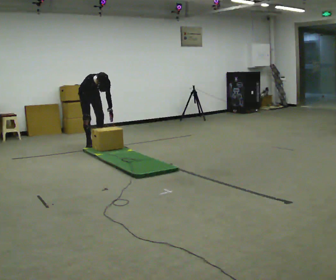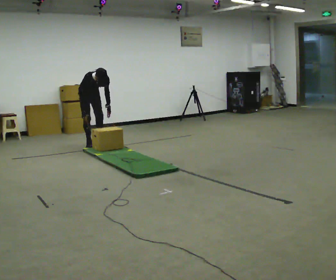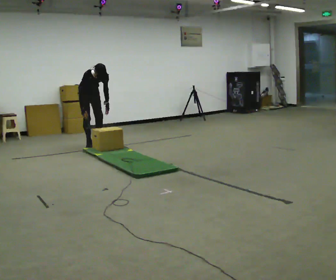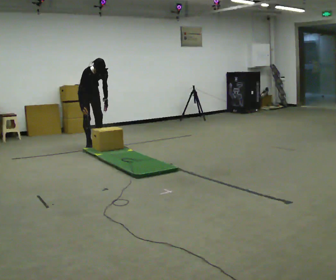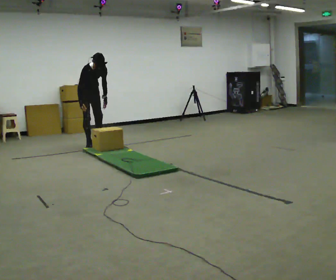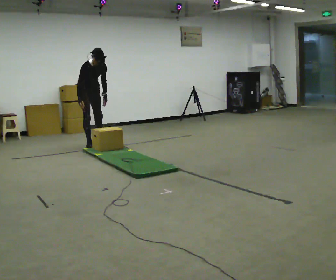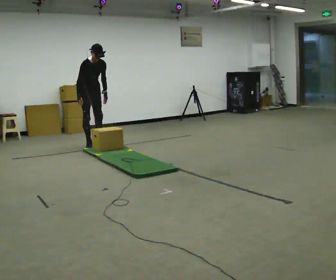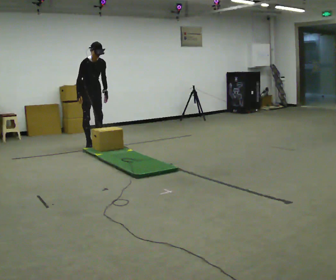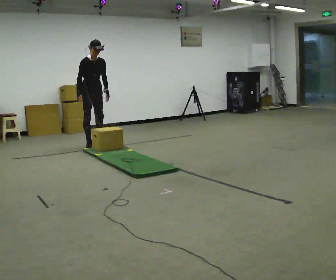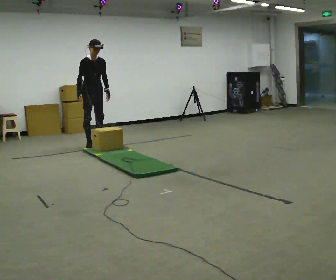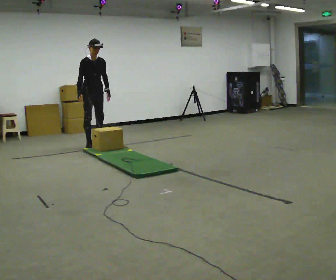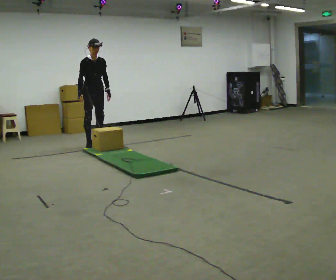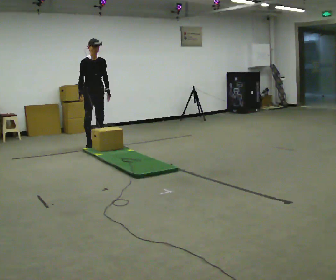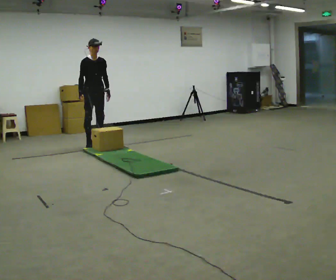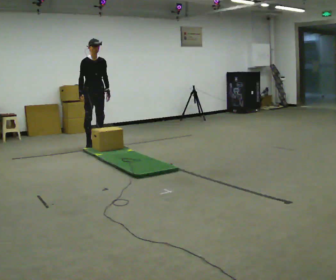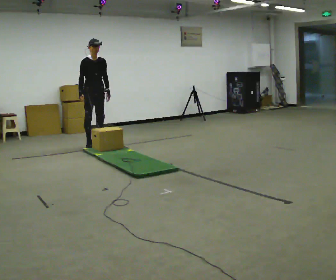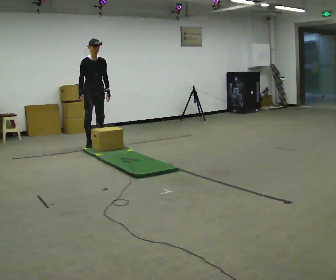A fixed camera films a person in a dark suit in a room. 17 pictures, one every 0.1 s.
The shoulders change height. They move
upward.
The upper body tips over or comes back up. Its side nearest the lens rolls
upward.
0.0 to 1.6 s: In the picture they go toward the camera, about 0.25 m, which for them is forward. The upper body goes upward. The upper body tips away from the camera, its near side rolling upward, as they lean back or straighten.
The film runs forward here.
